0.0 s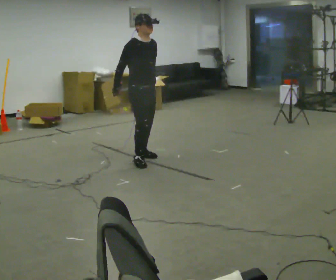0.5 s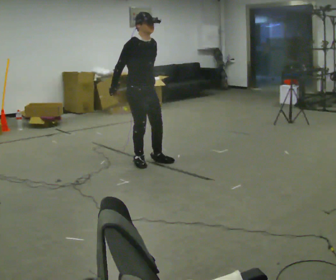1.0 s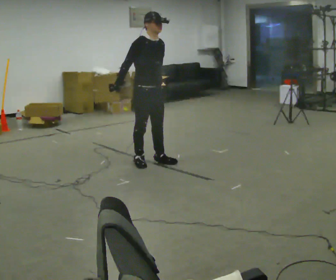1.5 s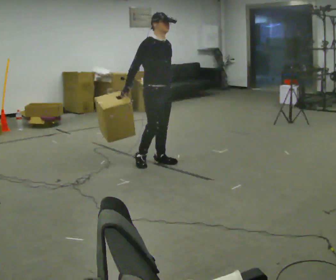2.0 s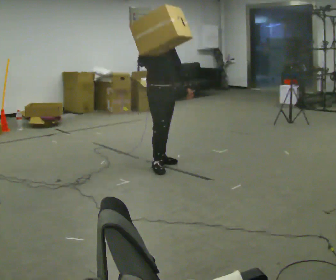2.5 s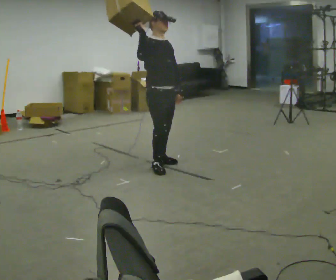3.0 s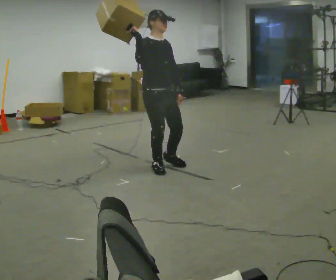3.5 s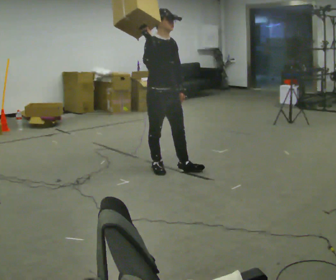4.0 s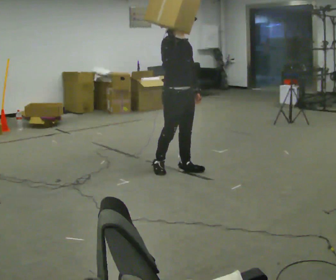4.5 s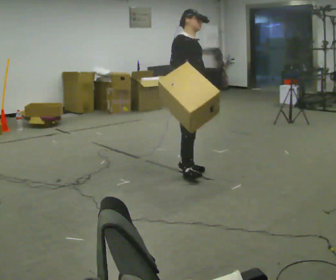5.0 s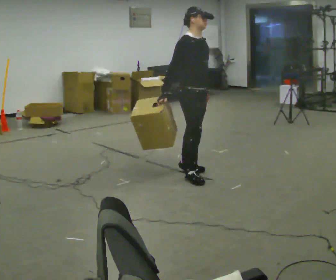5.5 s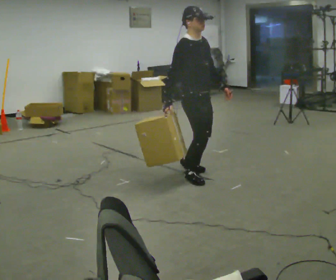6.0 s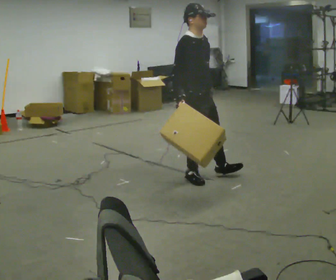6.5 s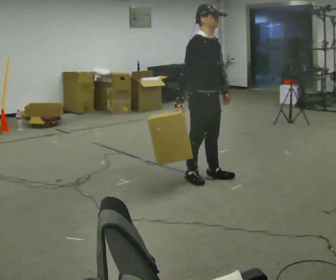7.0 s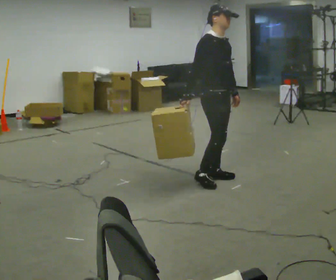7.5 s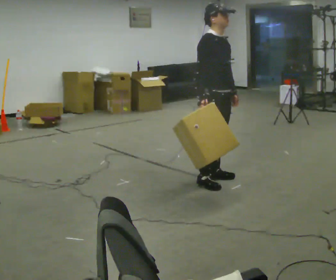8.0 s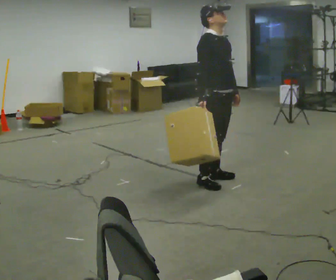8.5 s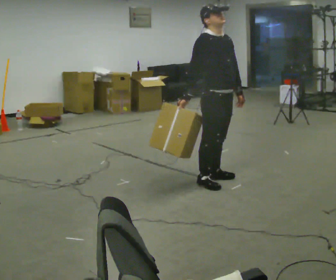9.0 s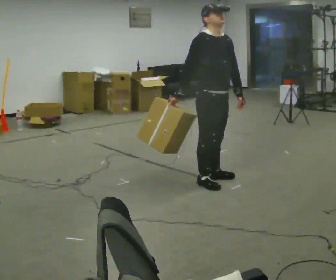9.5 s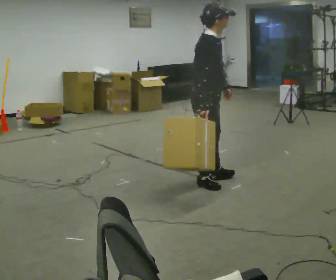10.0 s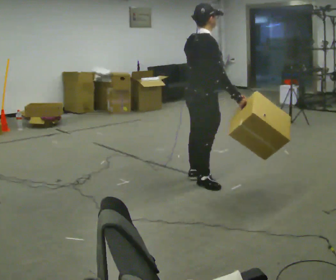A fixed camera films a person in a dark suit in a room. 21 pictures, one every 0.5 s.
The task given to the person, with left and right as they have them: Carry the box and, while walking, shift it to a different hold: front, then hip, then shoulder, then back to front. Do not stop walking.
0.0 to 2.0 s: In the picture they go to the right, about 0.25 m in 2 steps, which for them is forward. In the picture their right hand goes to the right and upward.
2.0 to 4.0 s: In the picture they go to the right and toward the camera, about 0.25 m in 1 step, which for them is forward.
4.0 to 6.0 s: In the picture they go toward the camera and to the right, about 0.25 m in 1 step, which for them is forward and to their right. In the picture their right hand goes downward.
6.0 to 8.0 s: In the picture they go to the right, about 0.25 m in 2 steps, which for them is forward.
8.0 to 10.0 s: The part of the body nearest the lens slides to the right as the person turns to their left by about 60 degrees.
The film runs forward here.
